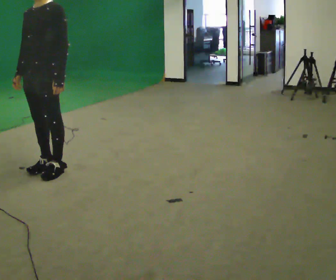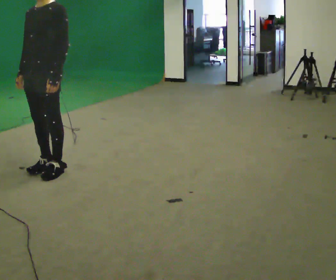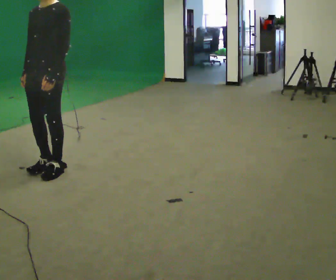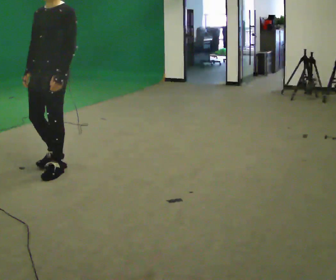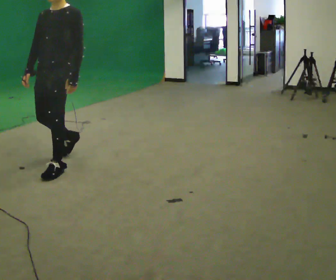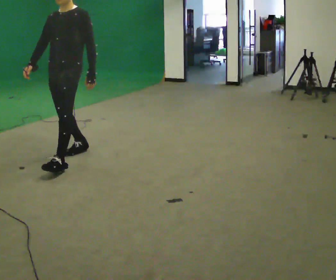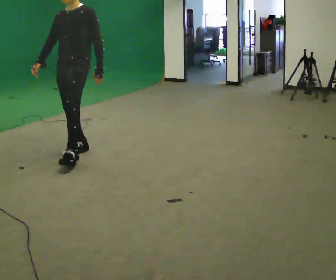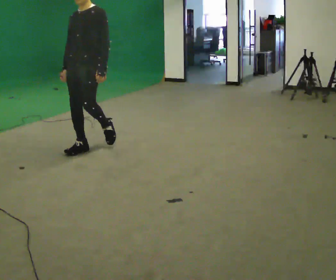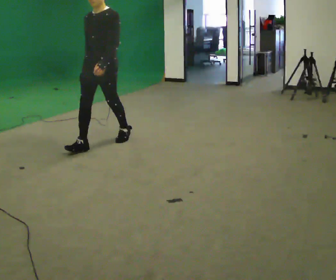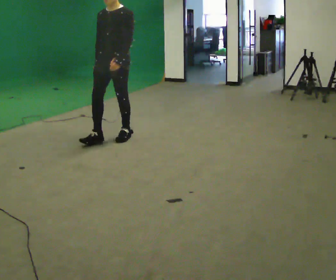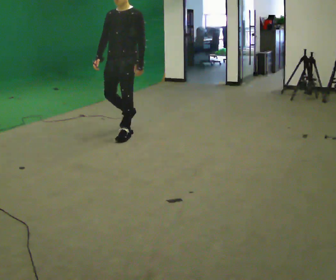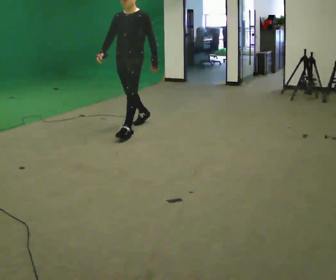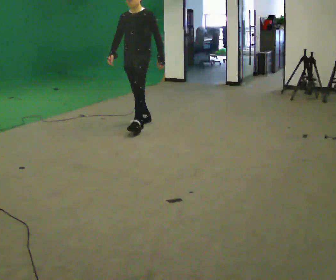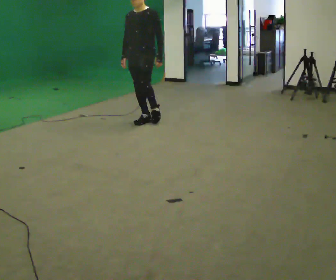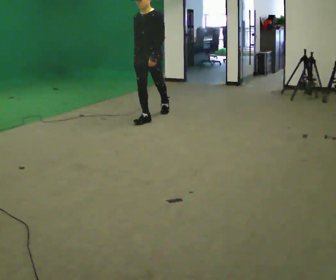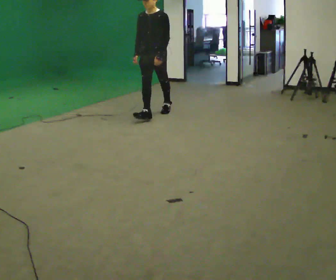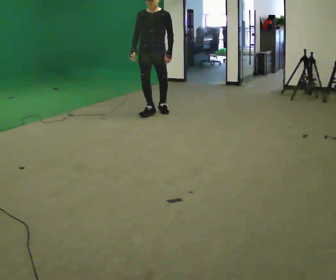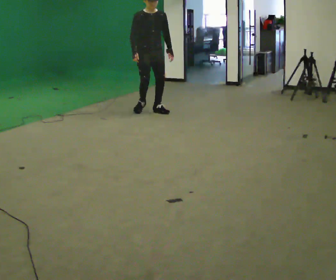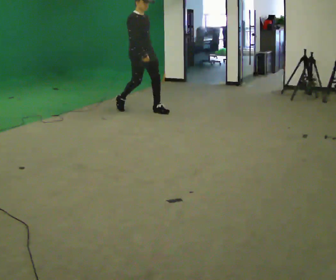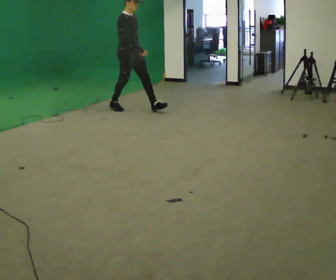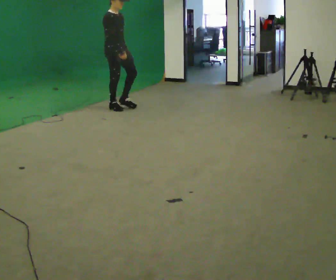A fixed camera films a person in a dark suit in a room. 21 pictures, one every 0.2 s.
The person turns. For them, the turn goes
to their left.
The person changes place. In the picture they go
away from the camera.
0.0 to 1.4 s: In the picture they go away from the camera and to the right, about 0.75 m in 2 steps, which for them is backward.
1.4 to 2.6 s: In the picture they go away from the camera and to the right, about 1 m in 2 steps, which for them is backward.
2.6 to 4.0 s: The part of the body nearest the lens slides to the right as the person turns to their left by about 90 degrees. In the picture they go away from the camera and to the left, about 1 m in 3 steps.
The film runs backward here.
